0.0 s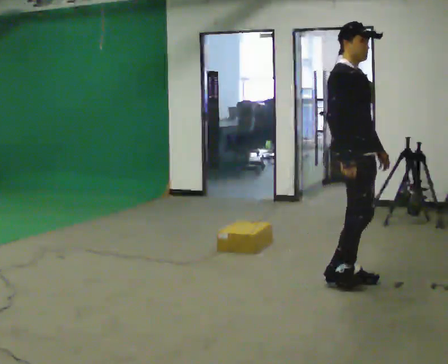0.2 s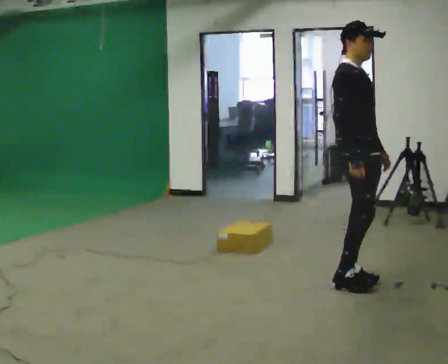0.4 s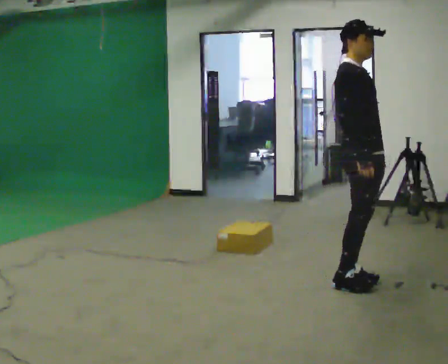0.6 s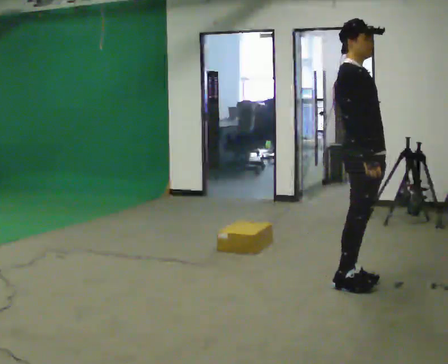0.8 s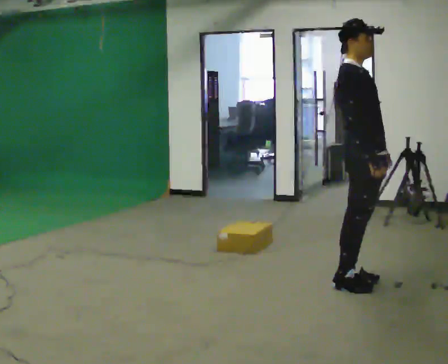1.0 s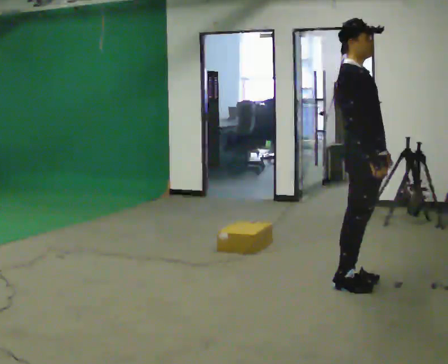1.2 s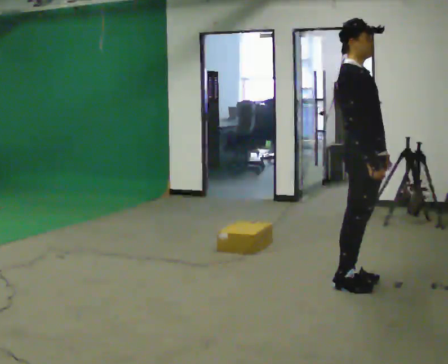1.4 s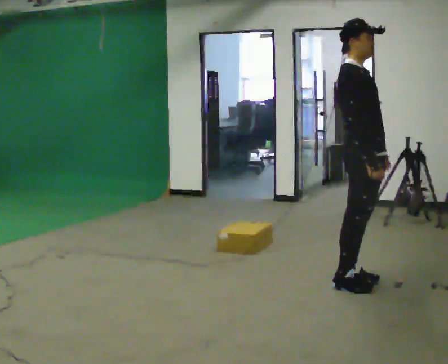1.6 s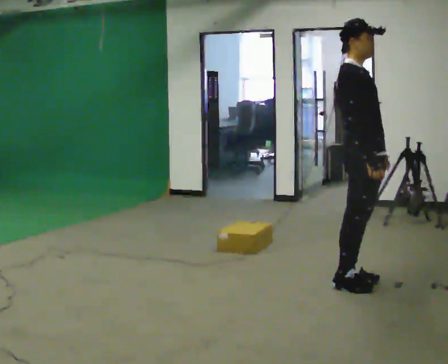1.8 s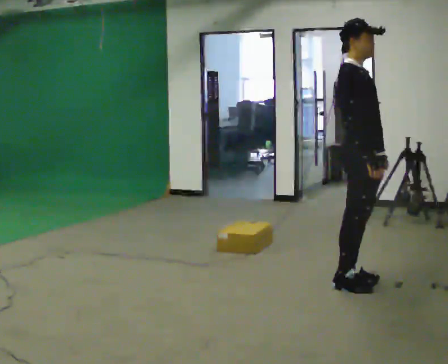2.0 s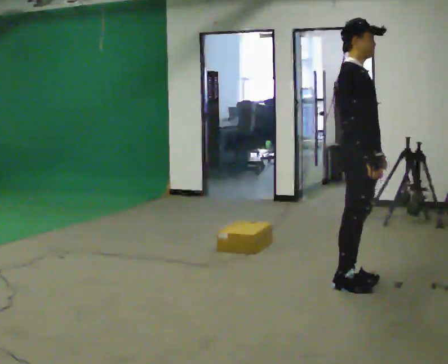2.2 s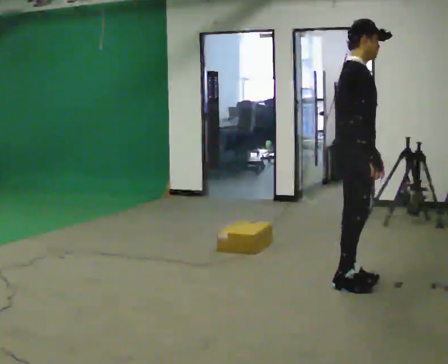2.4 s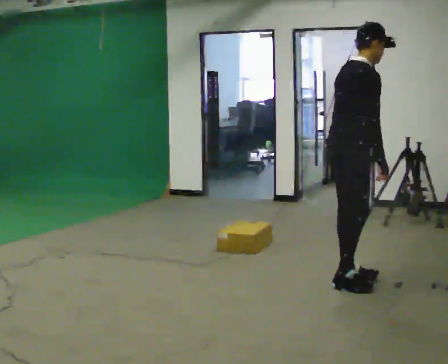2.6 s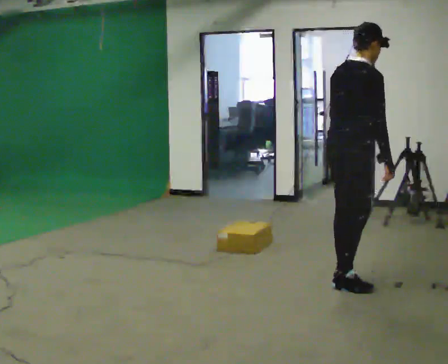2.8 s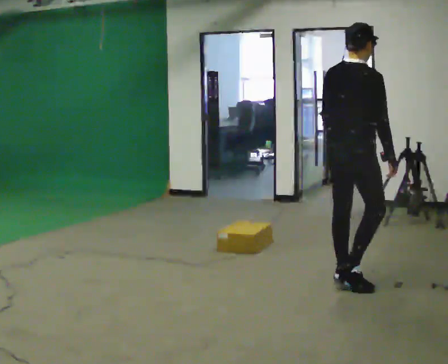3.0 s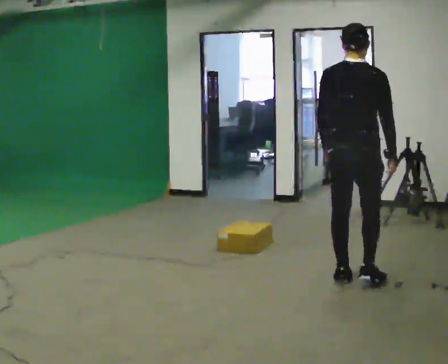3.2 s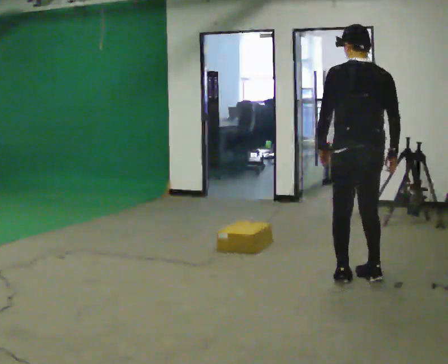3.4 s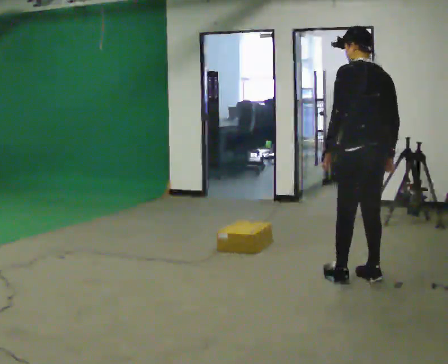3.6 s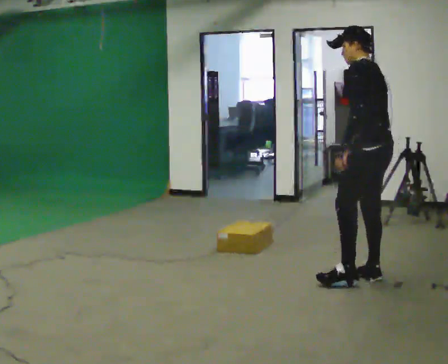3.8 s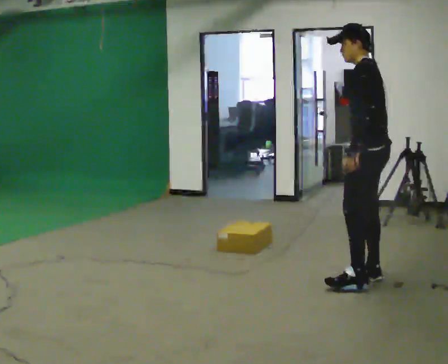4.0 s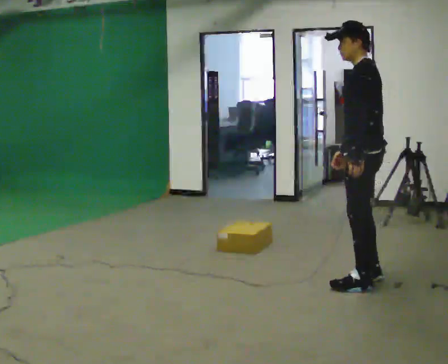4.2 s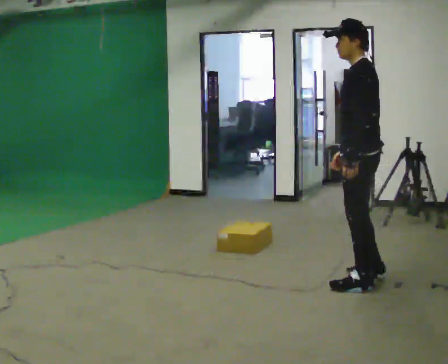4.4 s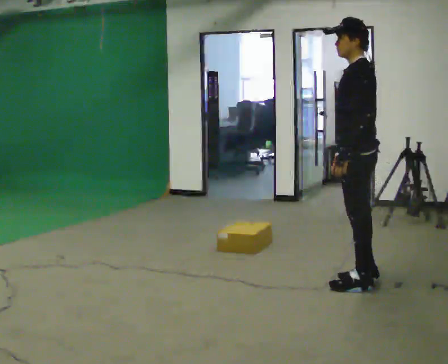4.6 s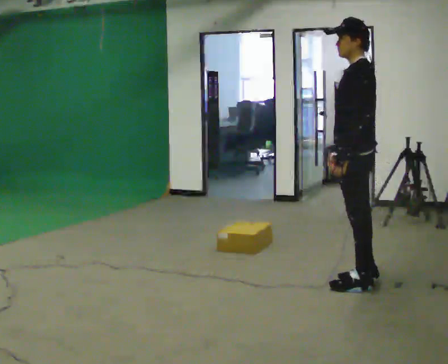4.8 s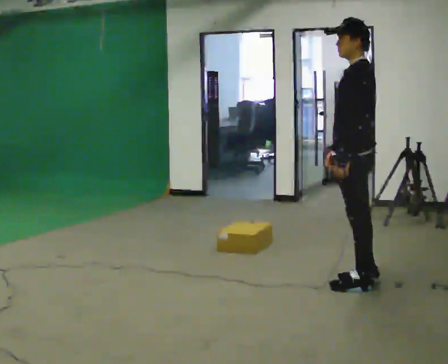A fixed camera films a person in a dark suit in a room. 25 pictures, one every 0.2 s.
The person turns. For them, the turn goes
to their left.
The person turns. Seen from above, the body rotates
counterclockwise.
0.0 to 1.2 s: The person moves a little, or ends about where they began.
1.2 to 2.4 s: The person turns about 30 degrees to their left, counterclockwise seen from above, so the part of the body nearest the lens slides to the right. In the picture the upper body tilts clockwise, shoulders to the right, as they bend forward.
2.4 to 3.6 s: The part of the body nearest the lens slides to the right as the person turns to their left by about 135 degrees. In the picture they go to the right, about 0.25 m in 1 step. In the picture the upper body tilts counterclockwise, shoulders to the left.
3.6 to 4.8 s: The person moves a little, or ends about where they began.
The film runs forward here.
